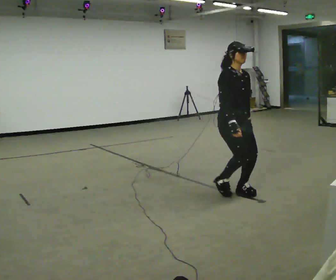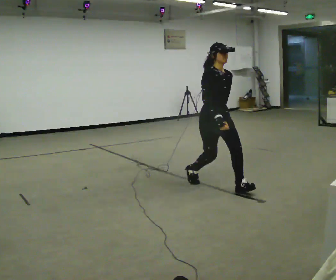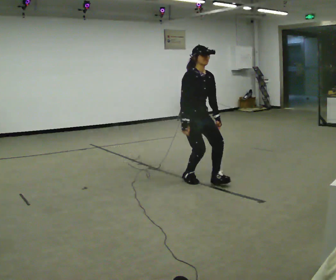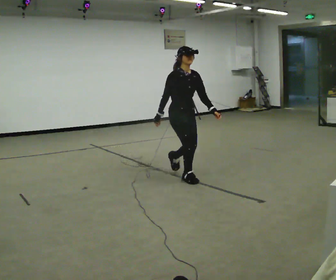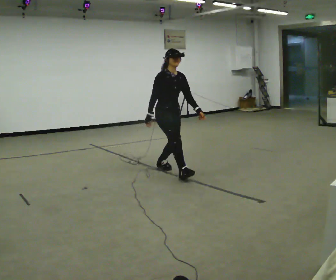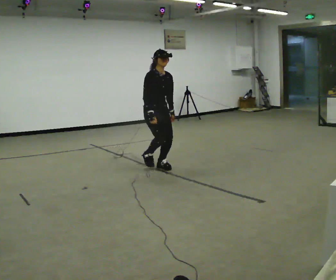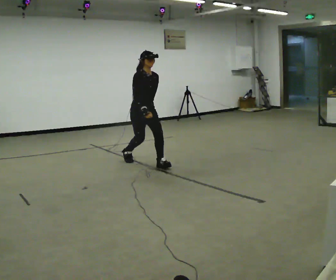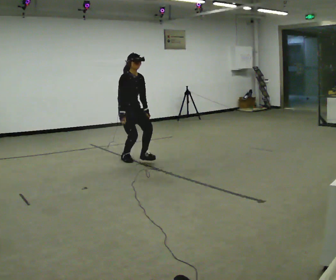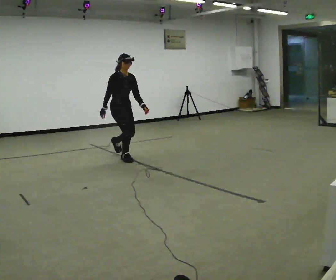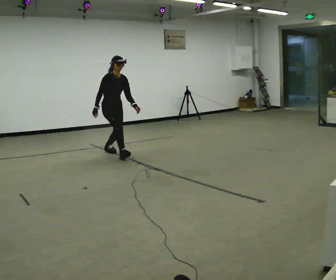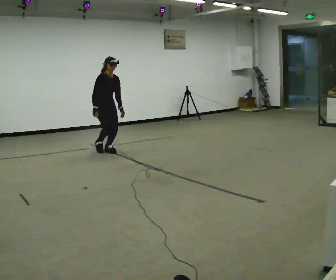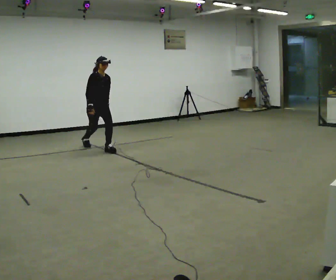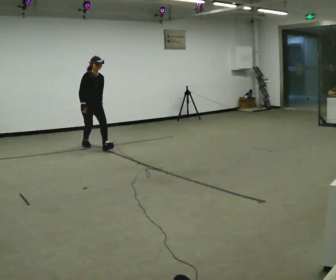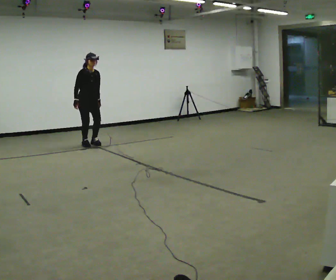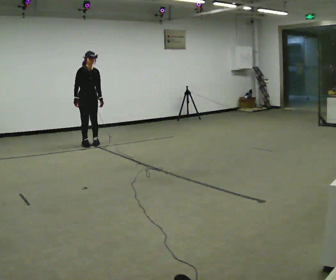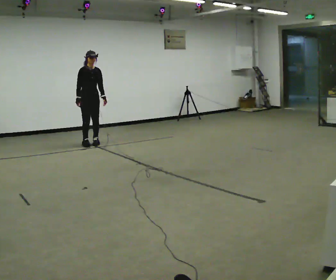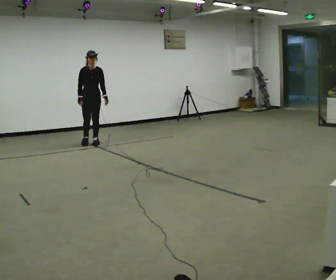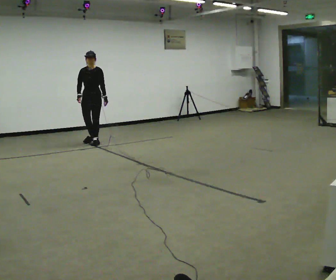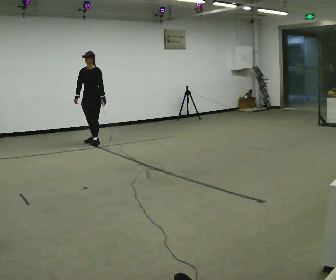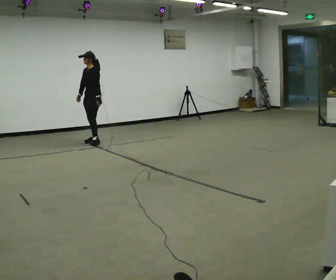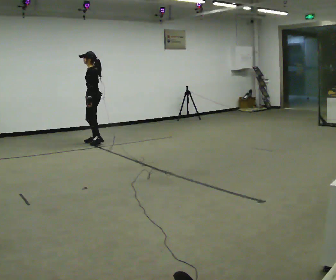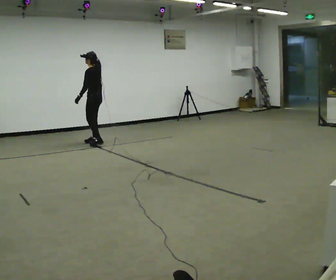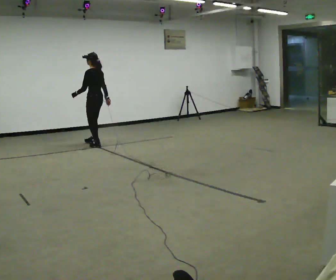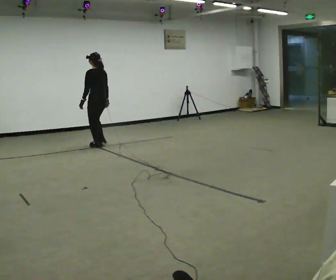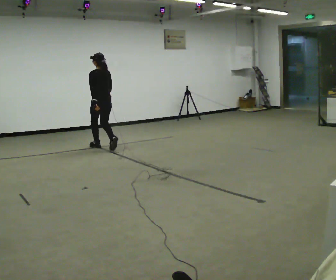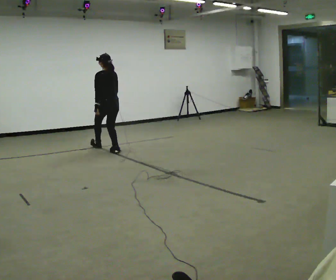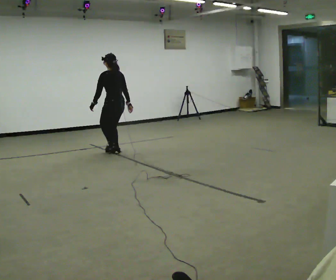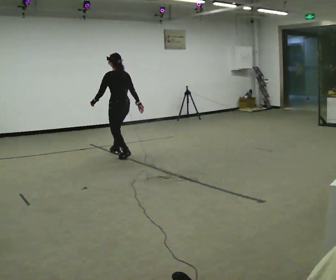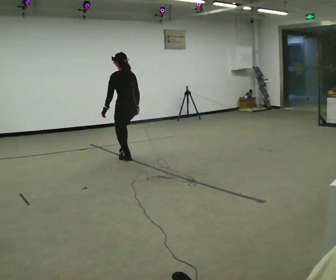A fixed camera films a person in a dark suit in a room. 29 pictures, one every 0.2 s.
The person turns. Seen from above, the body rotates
clockwise.
The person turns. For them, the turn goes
to their right.
0.0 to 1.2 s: In the picture they go away from the camera and to the left, about 1.5 m in 2 steps, which for them is backward.
1.2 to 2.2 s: In the picture they go away from the camera and to the left, about 1.5 m in 2 steps, which for them is backward.
2.2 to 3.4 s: The person turns about 30 degrees to their right, clockwise seen from above, so the part of the body nearest the lens slides to the left. In the picture they go away from the camera, about 0.5 m in 2 steps, which for them is backward.
3.4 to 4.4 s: The person turns about 120 degrees to their right, clockwise seen from above, so the part of the body nearest the lens slides to the left. In the picture their left hand goes to the left, the arm swinging clockwise.
4.4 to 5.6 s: Seen from above the body turns clockwise, about 30 degrees: to their right, with its near side sliding to the left. In the picture they go toward the camera, about 1 m in 3 steps, which for them is backward.
The film runs backward here.
